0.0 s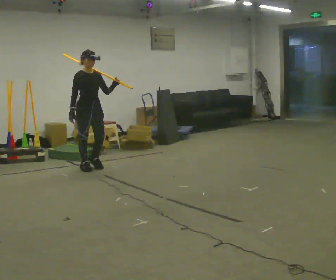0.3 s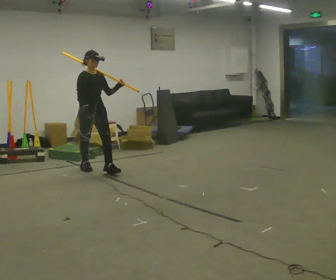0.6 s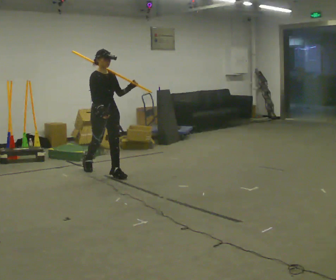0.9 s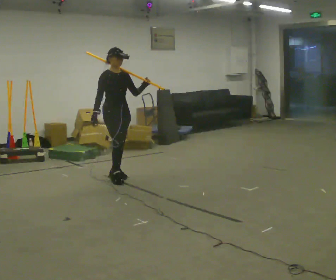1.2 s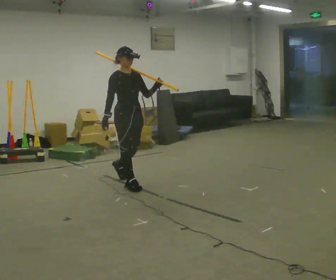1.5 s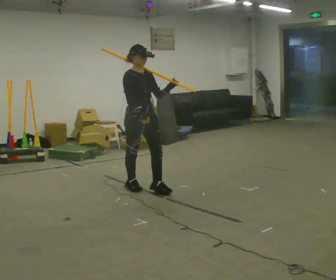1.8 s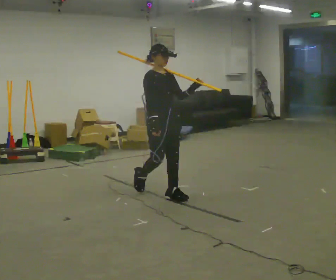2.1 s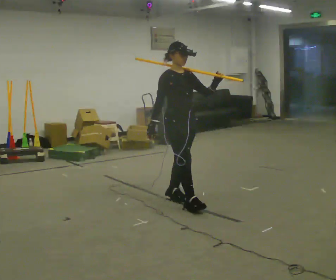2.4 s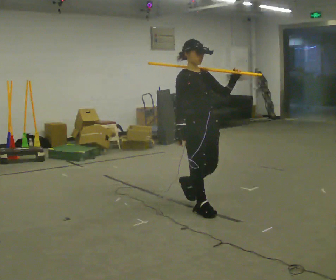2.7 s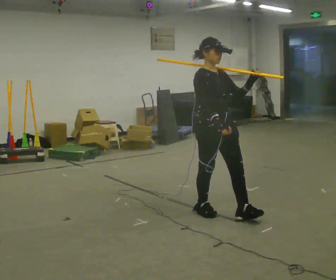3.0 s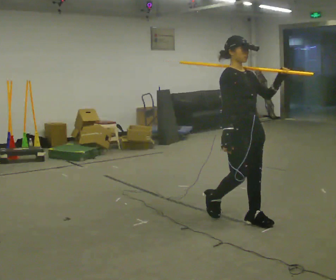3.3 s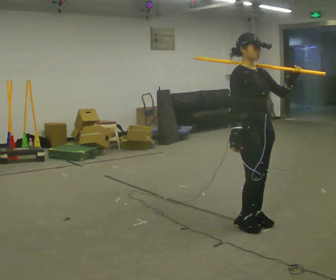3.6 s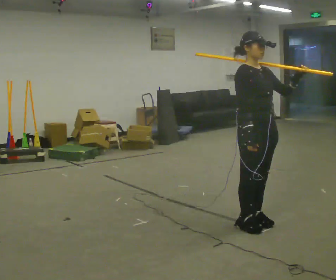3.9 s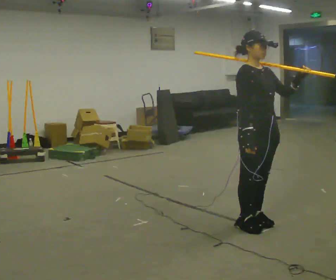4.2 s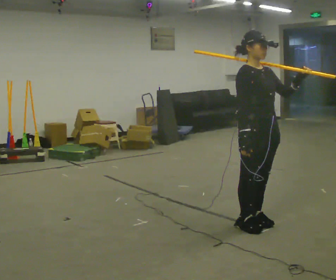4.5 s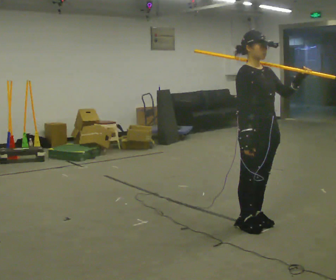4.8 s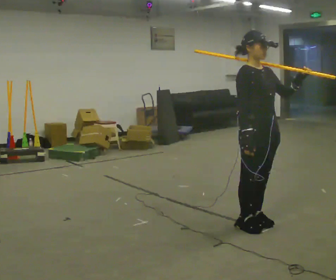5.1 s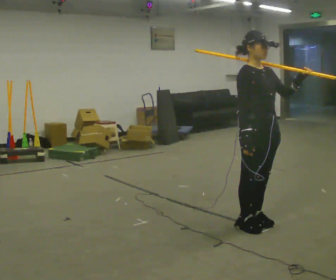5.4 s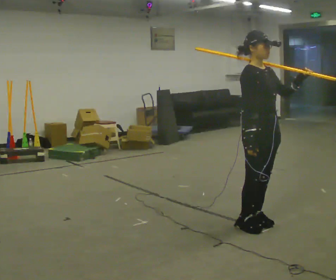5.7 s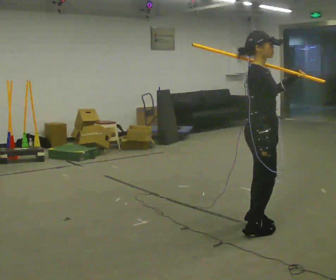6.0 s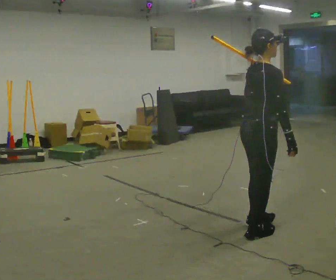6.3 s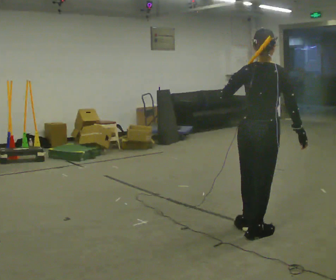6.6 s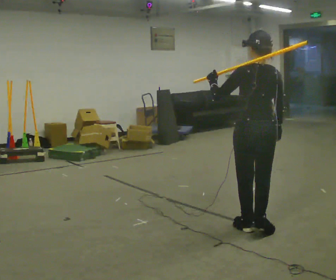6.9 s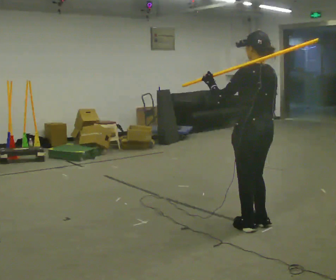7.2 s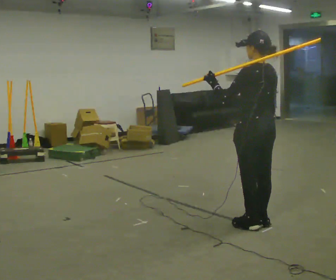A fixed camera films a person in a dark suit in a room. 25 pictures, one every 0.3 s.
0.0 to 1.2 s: In the picture they go to the right and toward the camera, about 1 m in 2 steps, which for them is forward.
1.2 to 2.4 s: In the picture they go to the right and toward the camera, about 1 m in 2 steps, which for them is forward.
2.4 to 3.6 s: In the picture they go to the right and toward the camera, about 0.75 m in 2 steps, which for them is forward.
3.6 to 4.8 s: The person moves a little, or ends about where they began.
4.8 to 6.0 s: Seen from above the body turns counterclockwise, about 75 degrees: to their left, with its near side sliding to the right.
6.0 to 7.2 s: Seen from above the body turns counterclockwise, about 105 degrees: to their left, with its near side sliding to the right. In the picture they go away from the camera, about 0.25 m in 2 steps. In the picture their left hand goes to the left.
The film runs forward here.
